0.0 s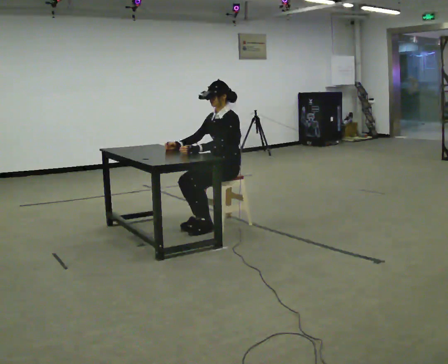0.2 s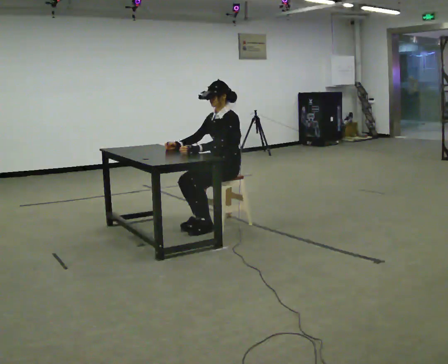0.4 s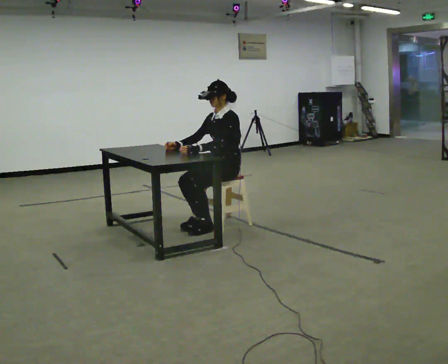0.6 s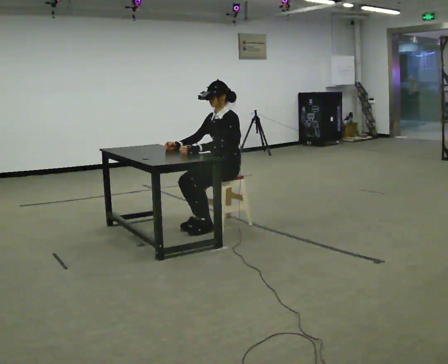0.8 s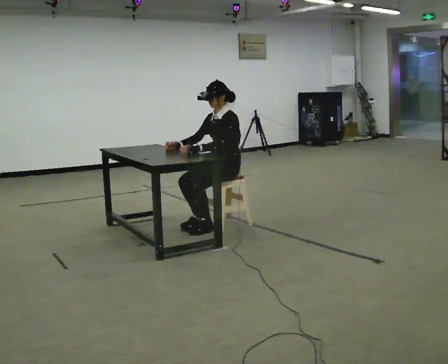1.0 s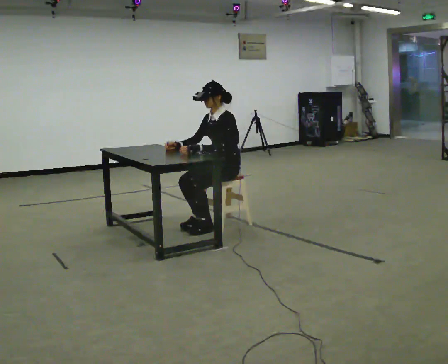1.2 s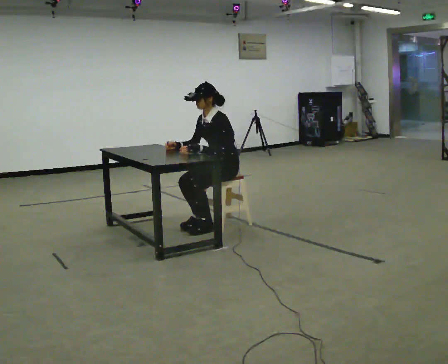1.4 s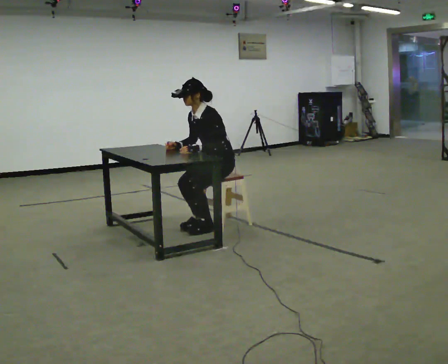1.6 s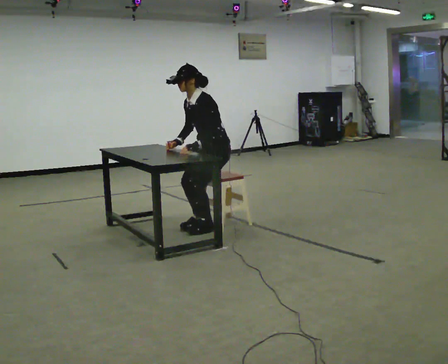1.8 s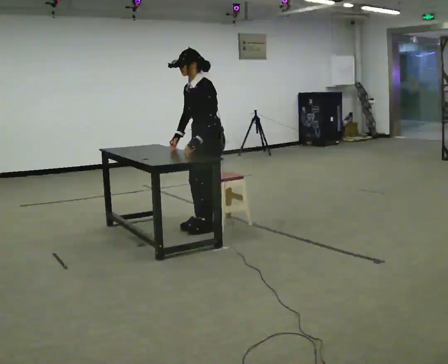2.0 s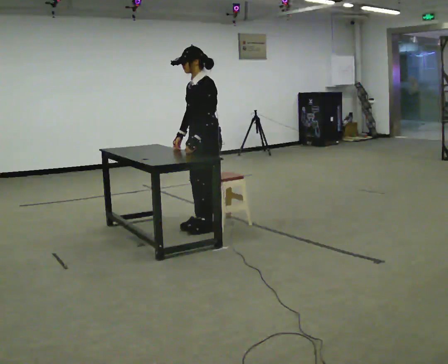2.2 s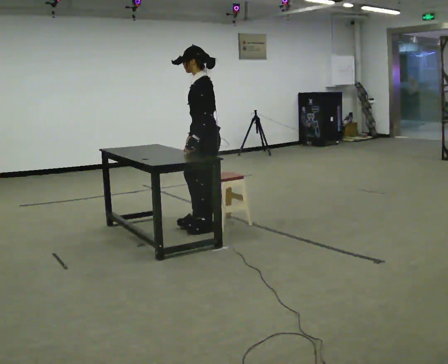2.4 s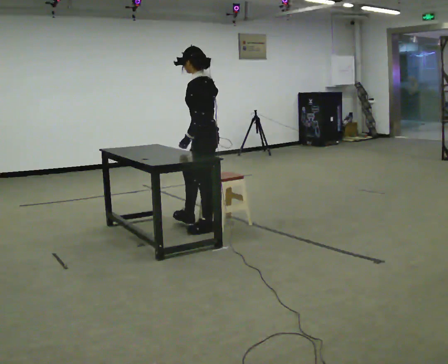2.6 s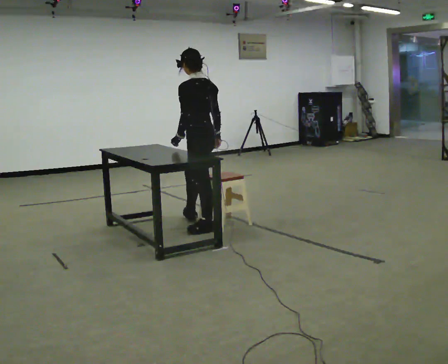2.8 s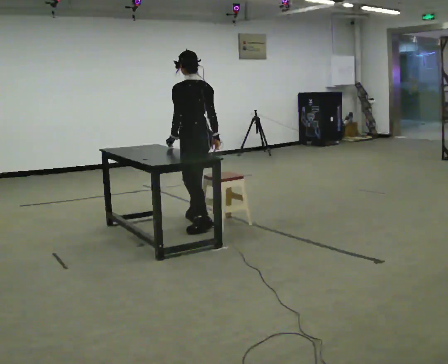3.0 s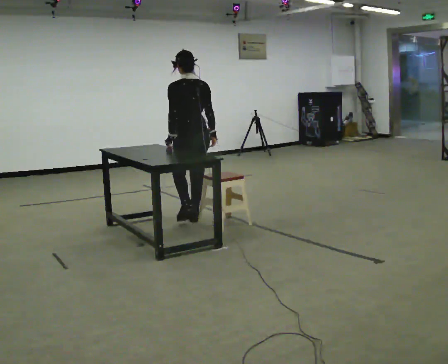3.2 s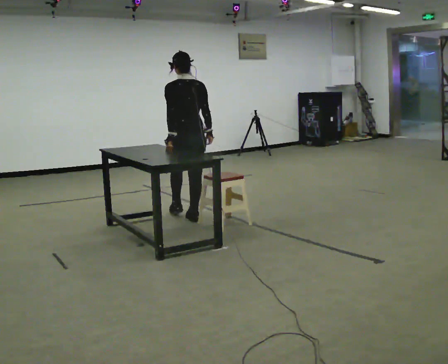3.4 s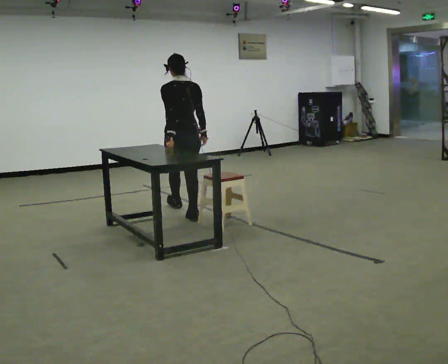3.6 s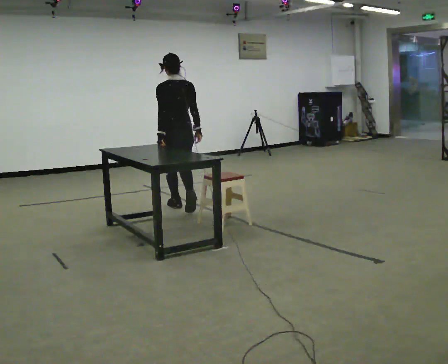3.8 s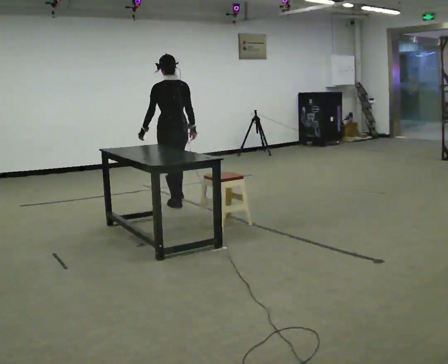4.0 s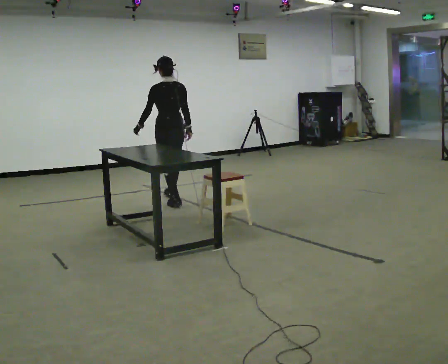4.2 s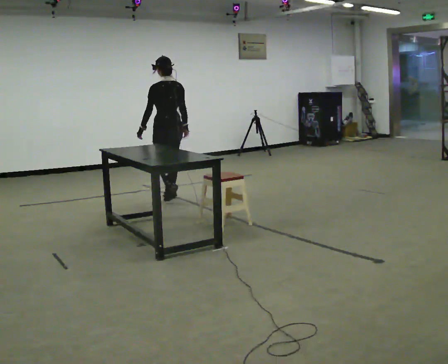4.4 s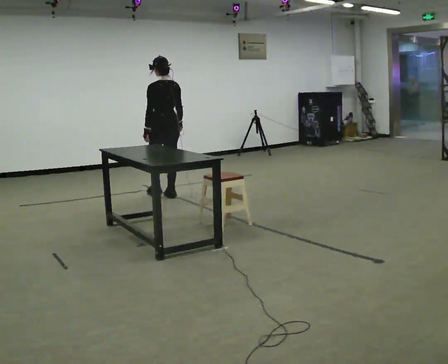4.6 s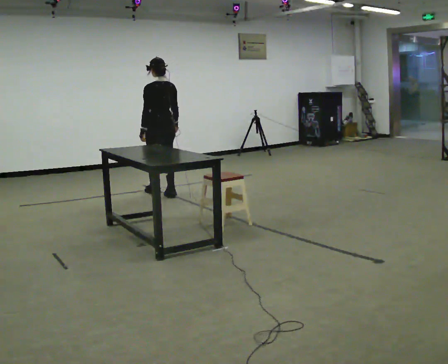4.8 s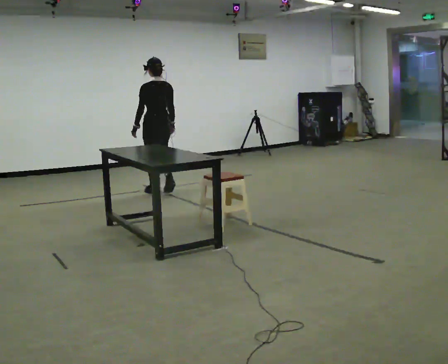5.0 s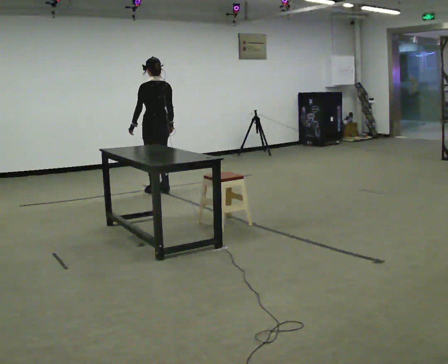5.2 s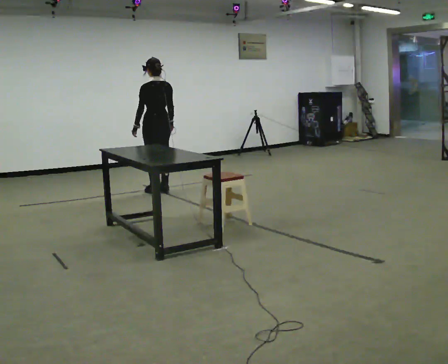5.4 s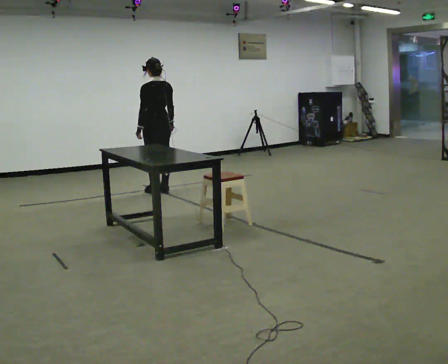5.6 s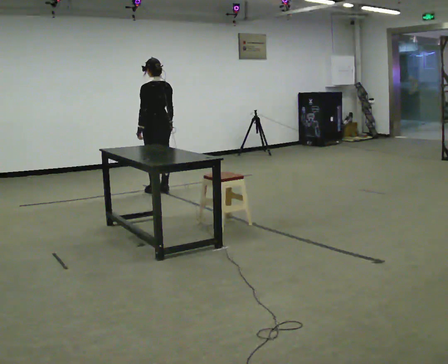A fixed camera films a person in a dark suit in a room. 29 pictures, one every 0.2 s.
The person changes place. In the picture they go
away from the camera.
Their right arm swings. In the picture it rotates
counterclockwise.
0.0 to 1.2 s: The person moves a little, or ends about where they began.
1.2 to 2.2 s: The part of the body nearest the lens slides to the left as the person turns to their right by about 30 degrees. In the picture they go to the left, about 0.25 m, which for them is forward. The shoulders move upward.
2.2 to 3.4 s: The person turns about 75 degrees to their right, clockwise seen from above, so the part of the body nearest the lens slides to the left. In the picture they go away from the camera, about 0.75 m in 1 step.
3.4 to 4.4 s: In the picture they go away from the camera, about 1 m in 2 steps, which for them is forward.
4.4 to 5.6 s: In the picture they go away from the camera, about 0.25 m in 2 steps, which for them is forward.
The film runs forward here.
